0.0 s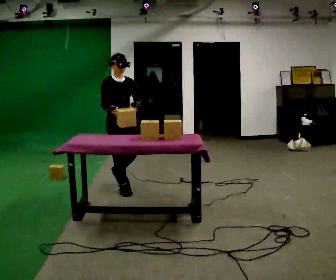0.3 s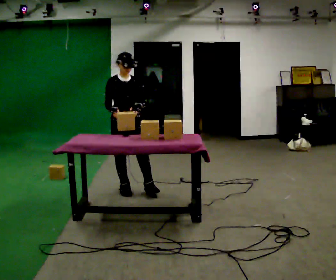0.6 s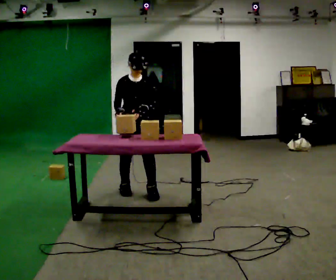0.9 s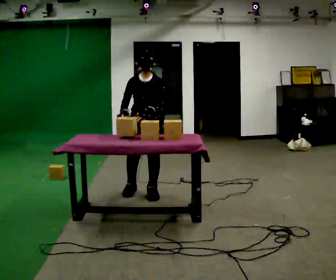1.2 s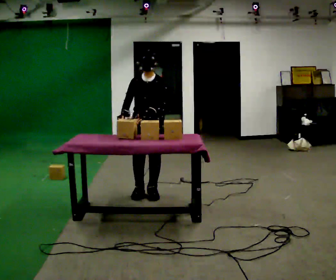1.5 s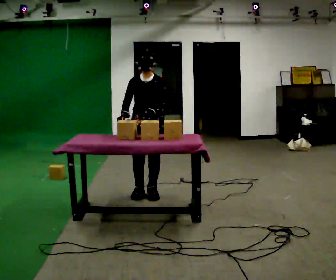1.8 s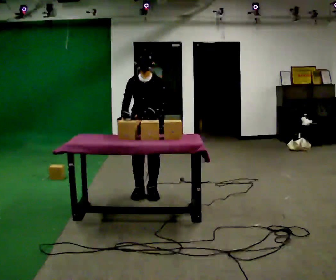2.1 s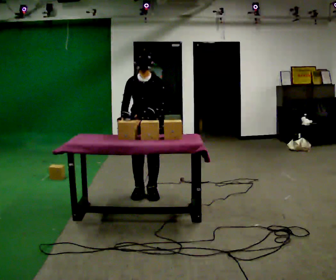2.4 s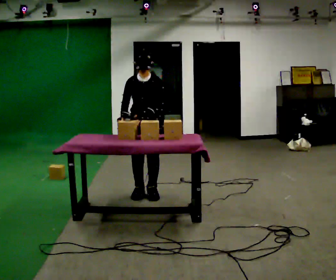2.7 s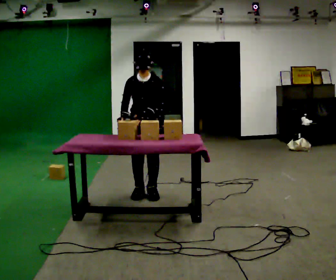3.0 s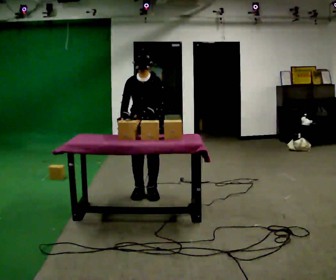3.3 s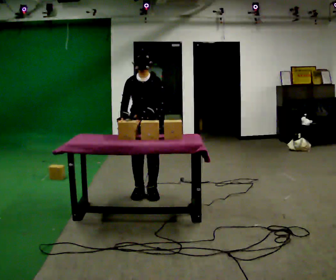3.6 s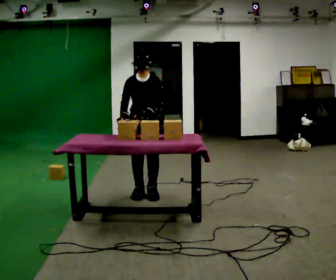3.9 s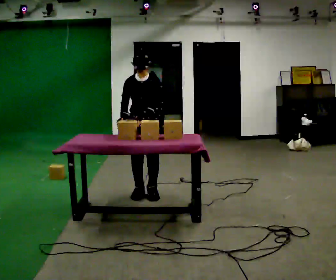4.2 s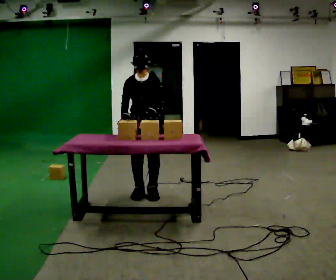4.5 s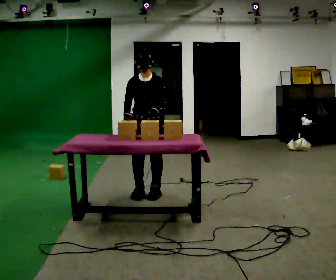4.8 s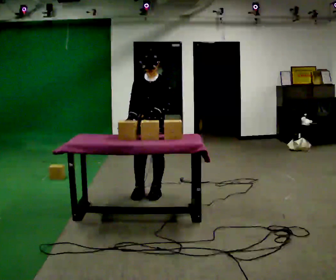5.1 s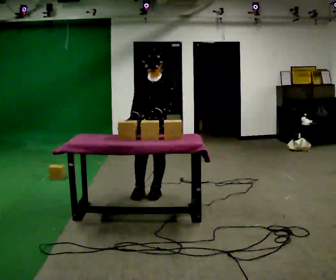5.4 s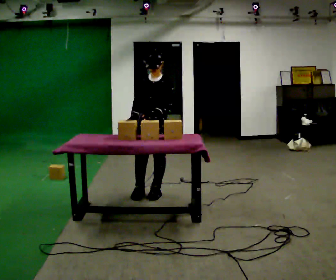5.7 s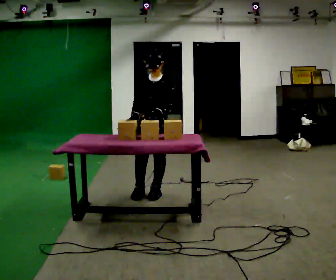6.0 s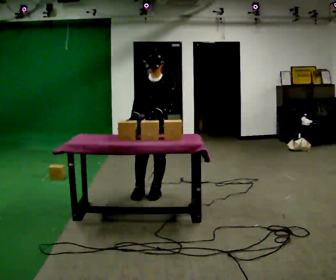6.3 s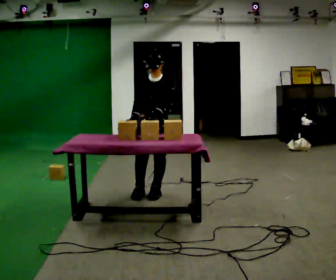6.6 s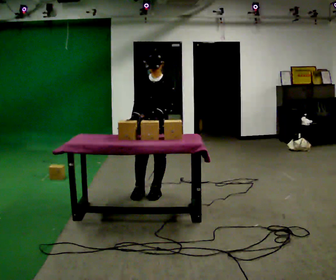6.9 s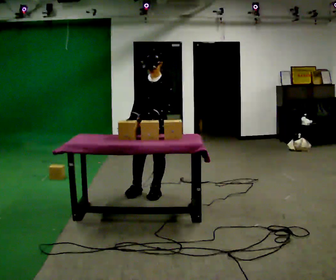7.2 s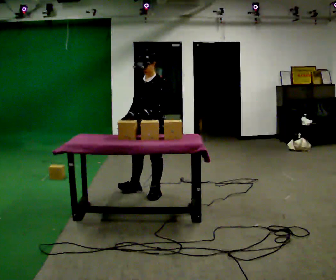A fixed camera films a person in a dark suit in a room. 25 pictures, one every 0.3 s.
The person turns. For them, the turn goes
to their right.
The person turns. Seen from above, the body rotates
clockwise.
0.0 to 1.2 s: Seen from above the body turns clockwise, about 45 degrees: to their right, with its near side sliding to the left. In the picture they go to the right and toward the camera, about 0.5 m in 2 steps, which for them is to their left and forward.
1.2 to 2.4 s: The person moves a little, or ends about where they began.
2.4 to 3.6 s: The person keeps their place and pose.
3.6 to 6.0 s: The person moves a little, or ends about where they began.
6.0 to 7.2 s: The person turns about 30 degrees to their right, clockwise seen from above, so the part of the body nearest the lens slides to the left.
The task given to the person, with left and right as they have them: Carry the object over and line it up with the mark on the surface as accurately as you can. Keep going until the operator says stop; one object at a time, and do not rush between trips.
The film runs forward here.
